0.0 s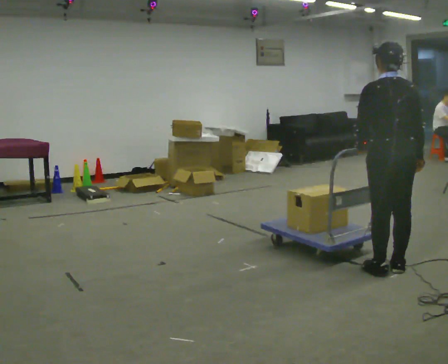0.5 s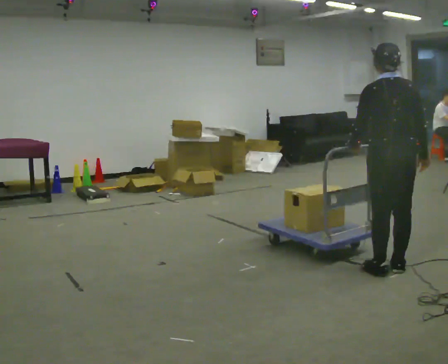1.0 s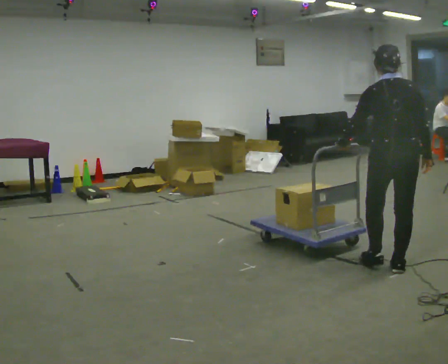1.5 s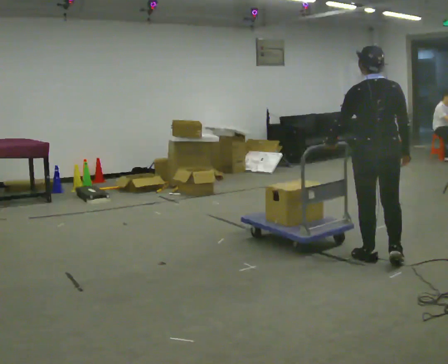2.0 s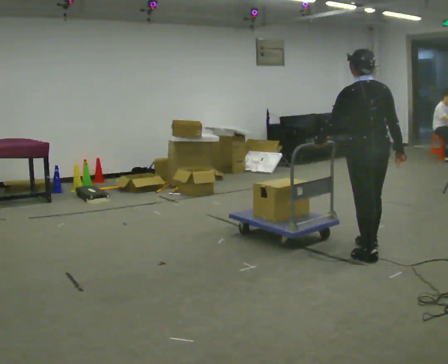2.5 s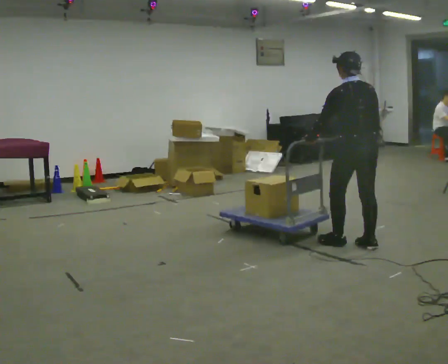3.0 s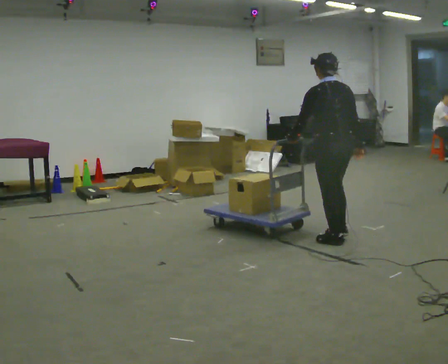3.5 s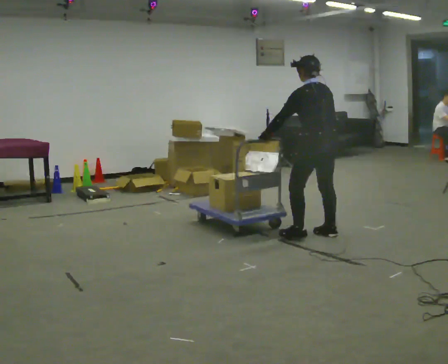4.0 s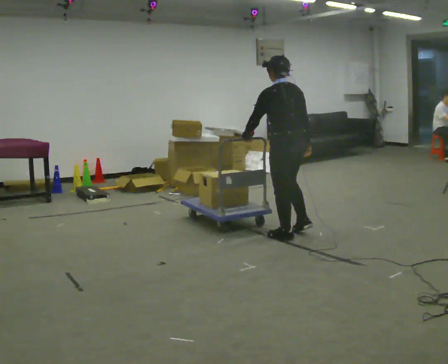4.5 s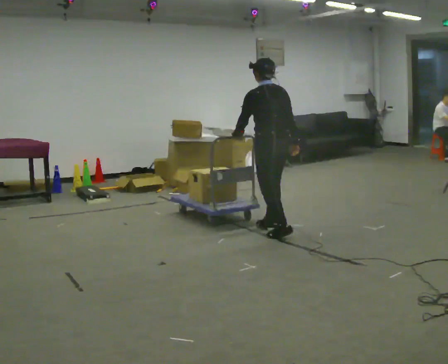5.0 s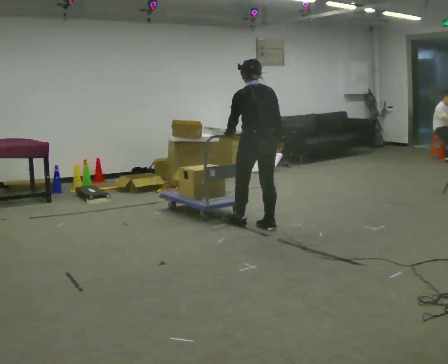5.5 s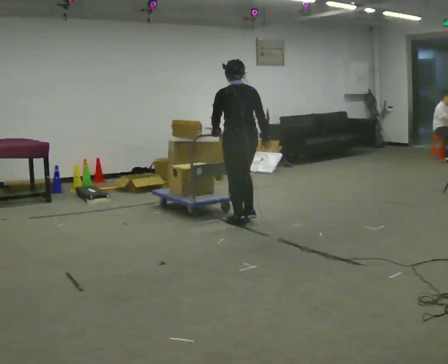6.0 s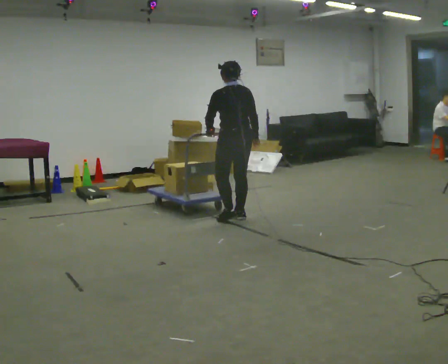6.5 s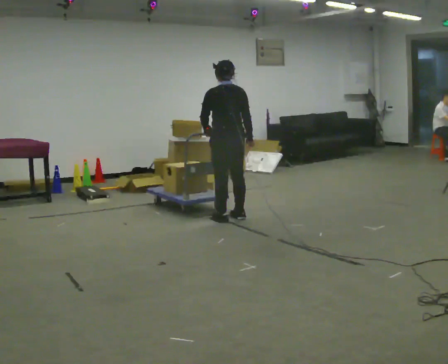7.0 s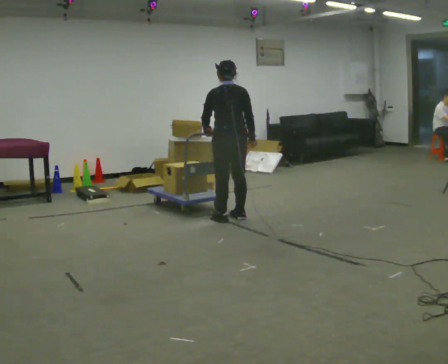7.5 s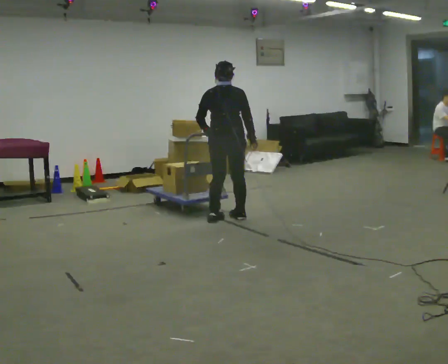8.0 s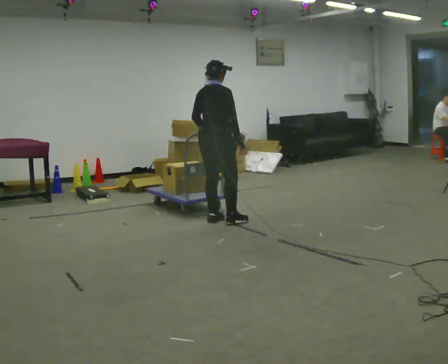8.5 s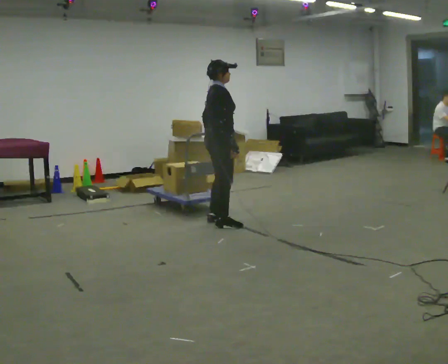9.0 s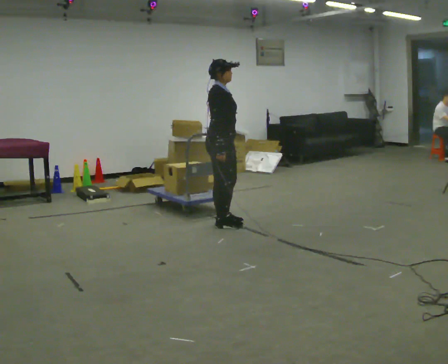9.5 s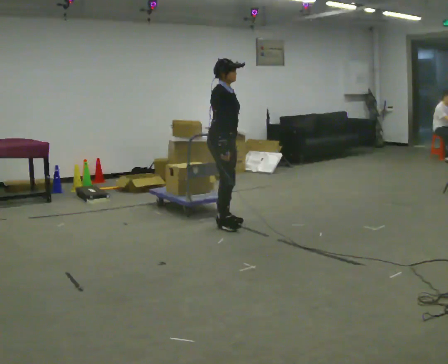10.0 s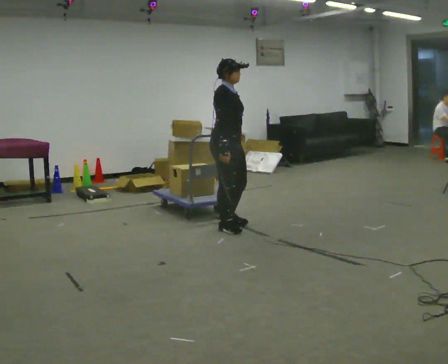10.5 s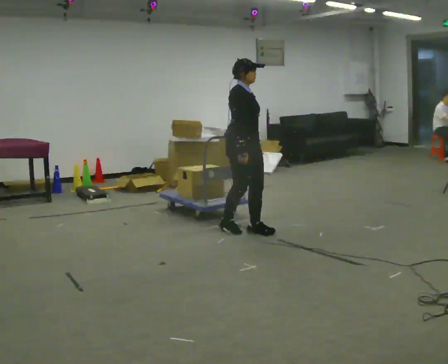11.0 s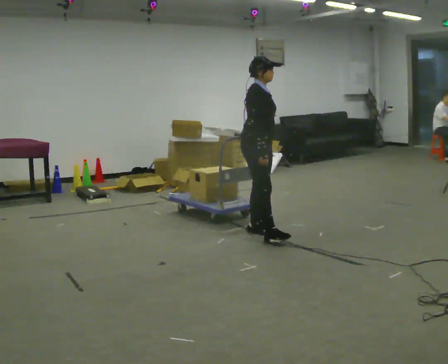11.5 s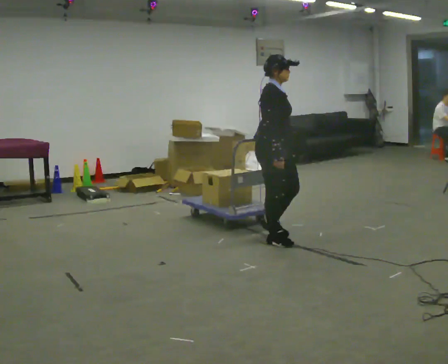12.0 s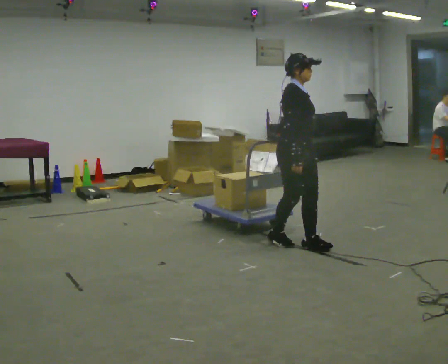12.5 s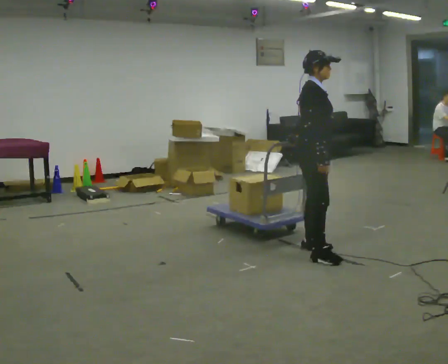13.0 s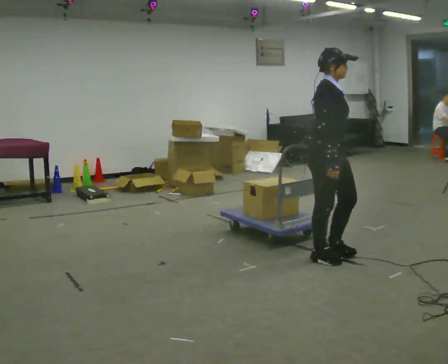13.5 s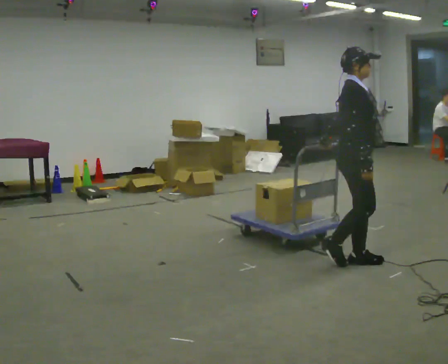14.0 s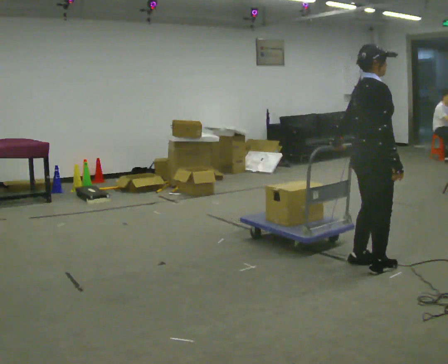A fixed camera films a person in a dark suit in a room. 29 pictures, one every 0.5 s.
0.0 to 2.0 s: In the picture they go away from the camera, about 0.5 m in 2 steps, which for them is forward.
2.0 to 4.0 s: In the picture they go to the left and away from the camera, about 1 m in 3 steps, which for them is forward and to their left.
4.0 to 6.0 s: In the picture they go away from the camera and to the left, about 1 m in 3 steps, which for them is forward.
6.0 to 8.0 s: Seen from above the body turns clockwise, about 75 degrees: to their right, with its near side sliding to the left. In the picture they go to the left, about 0.25 m in 1 step.
8.0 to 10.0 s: The part of the body nearest the lens slides to the left as the person turns to their right by about 75 degrees. In the picture they go toward the camera and to the right, about 0.25 m in 1 step.
10.0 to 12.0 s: In the picture they go to the right and toward the camera, about 1 m in 3 steps, which for them is forward.
12.0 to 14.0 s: Seen from above the body turns counterclockwise, about 30 degrees: to their left, with its near side sliding to the right. In the picture they go toward the camera and to the right, about 0.5 m in 3 steps, which for them is forward and to their right.
The film runs forward here.
